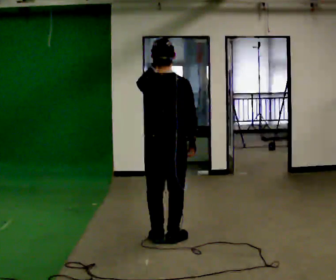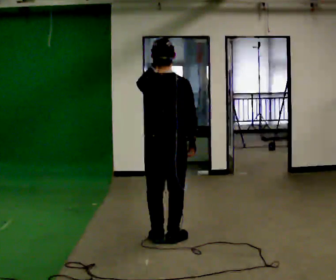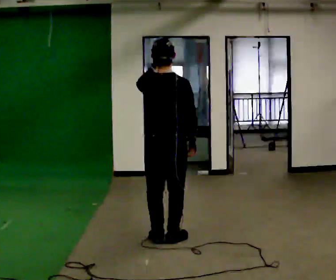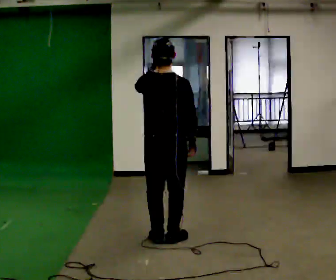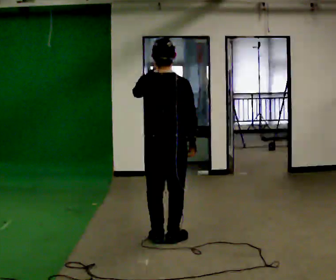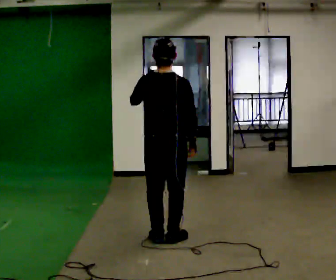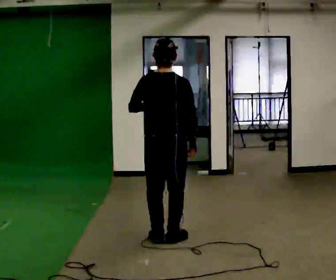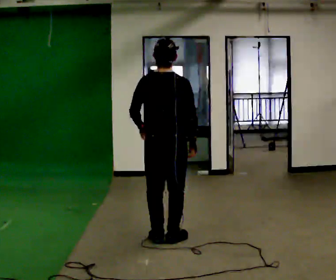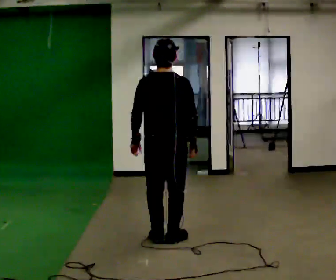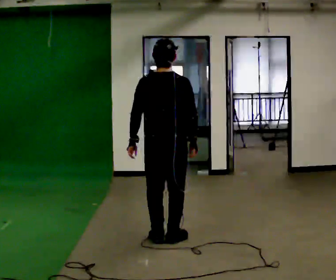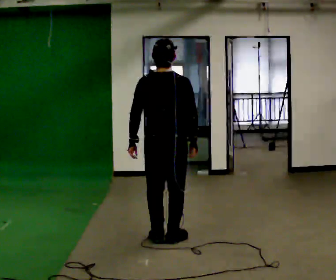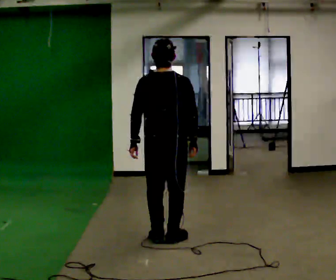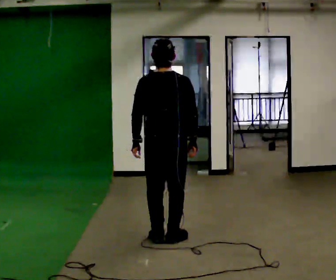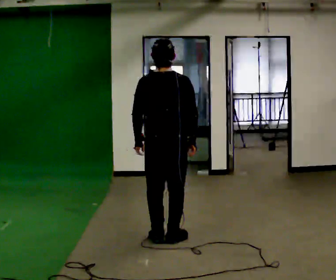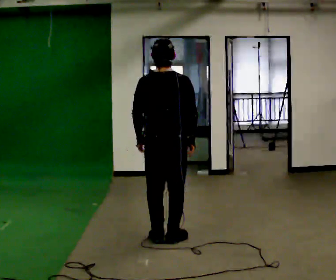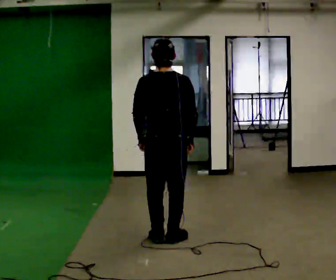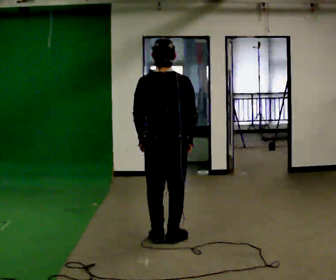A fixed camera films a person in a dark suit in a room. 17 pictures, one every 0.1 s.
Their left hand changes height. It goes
downward.
0.0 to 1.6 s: In the picture their left hand goes downward.
The film runs forward here.
